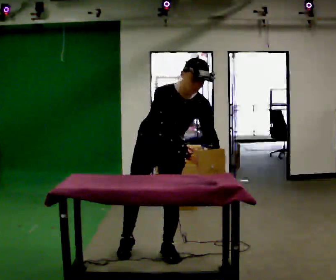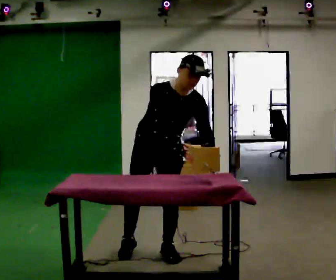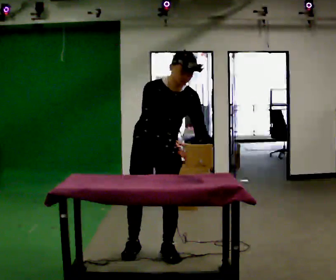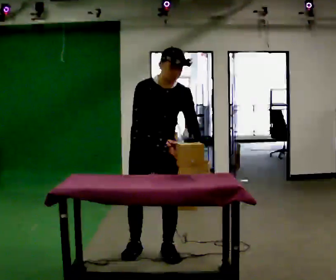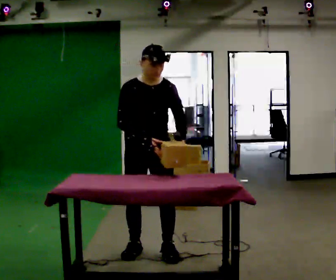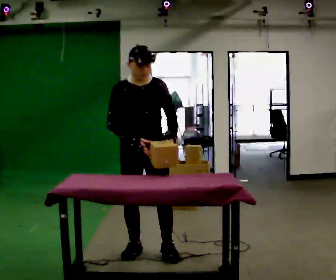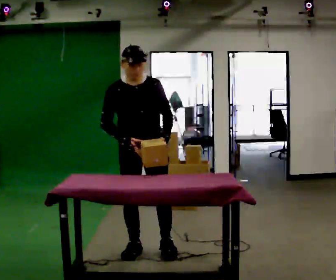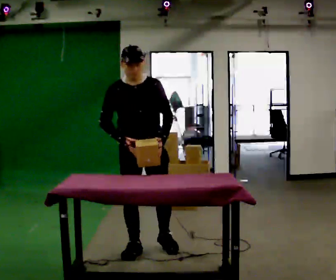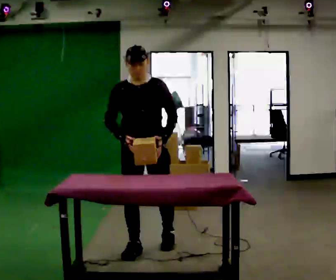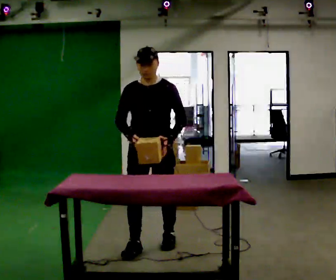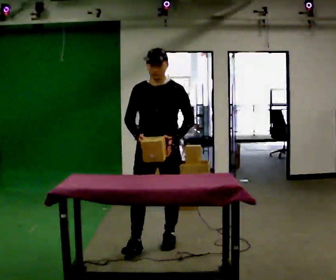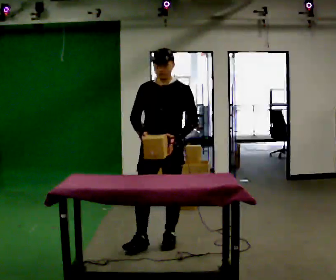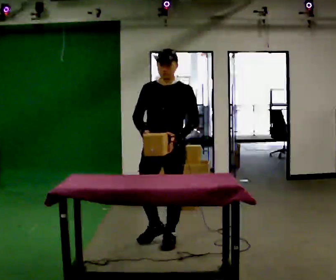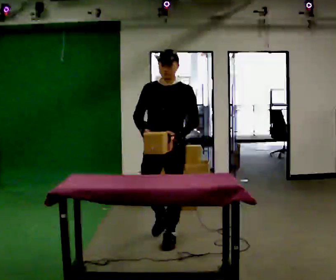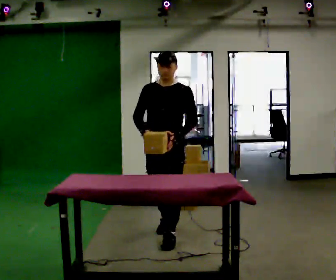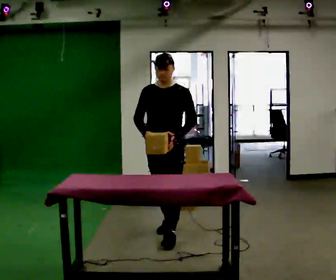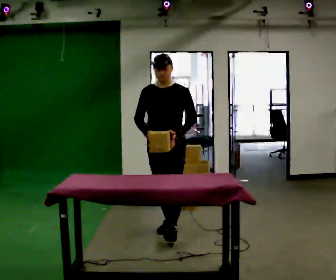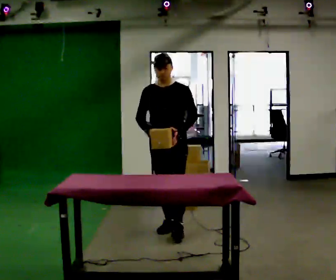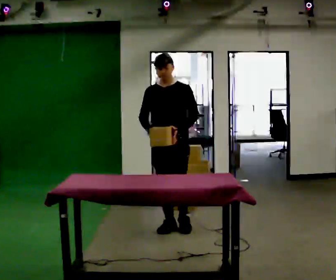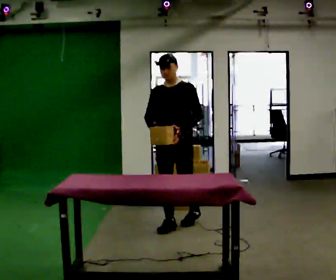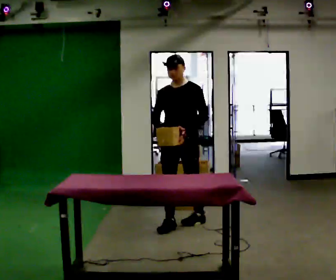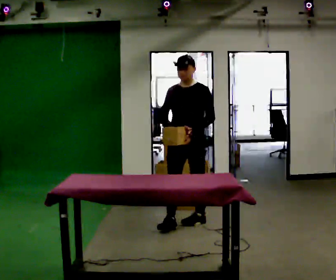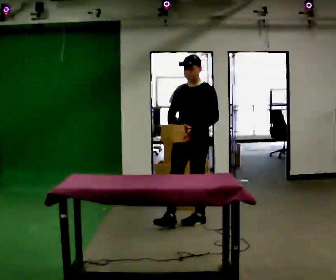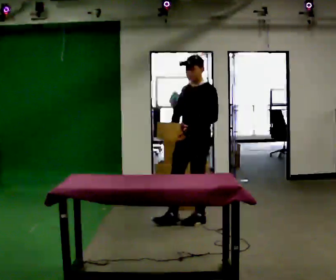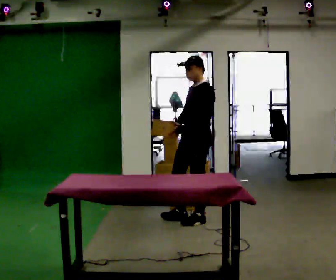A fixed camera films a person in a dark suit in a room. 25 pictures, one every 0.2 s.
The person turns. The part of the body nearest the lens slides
to the left.
The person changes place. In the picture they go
away from the camera.
0.0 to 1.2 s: In the picture they go to the left, about 0.25 m in 1 step, which for them is to their right. In the picture the upper body tilts counterclockwise, shoulders to the left, as they lean back or straighten. In the picture their left hand goes to the left.
1.2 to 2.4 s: Seen from above the body turns clockwise, about 30 degrees: to their right, with its near side sliding to the left. In the picture they go away from the camera and to the right, about 0.25 m in 1 step, which for them is backward and to their left.
2.4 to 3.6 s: In the picture they go away from the camera, about 0.5 m in 1 step, which for them is backward.
3.6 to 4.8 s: The person turns about 45 degrees to their right, clockwise seen from above, so the part of the body nearest the lens slides to the left. In the picture they go to the right and away from the camera, about 0.5 m in 1 step, which for them is backward.
The film runs backward here.
